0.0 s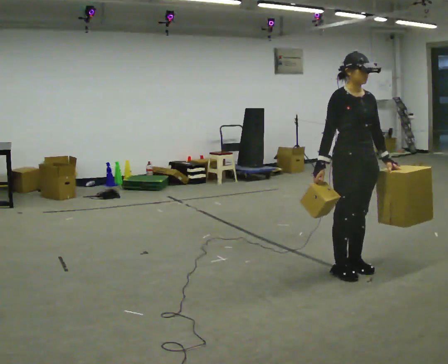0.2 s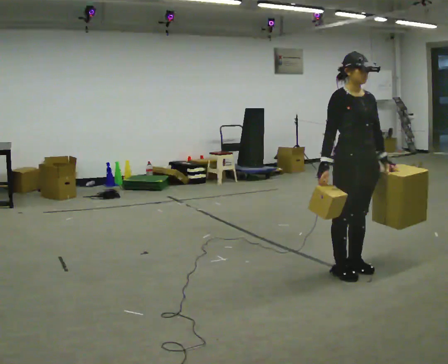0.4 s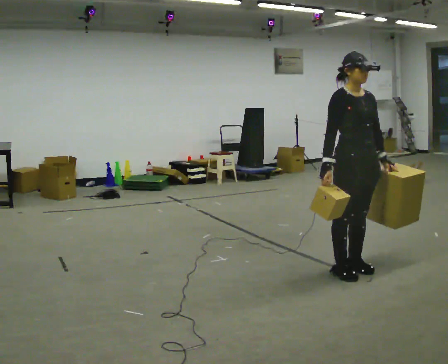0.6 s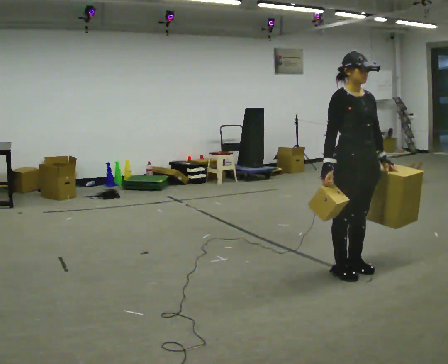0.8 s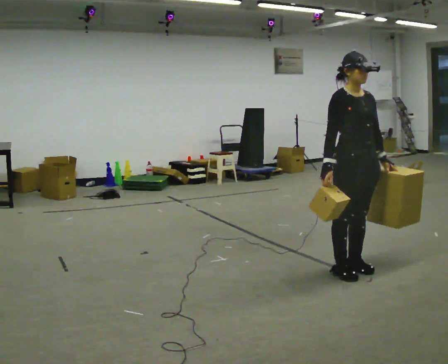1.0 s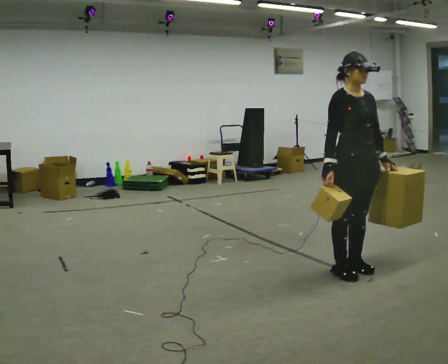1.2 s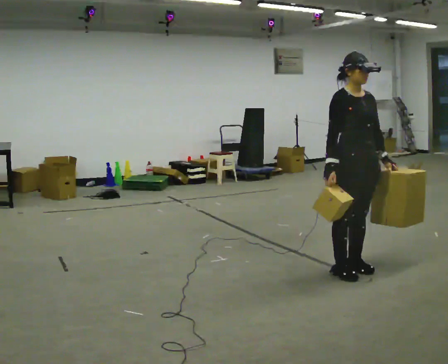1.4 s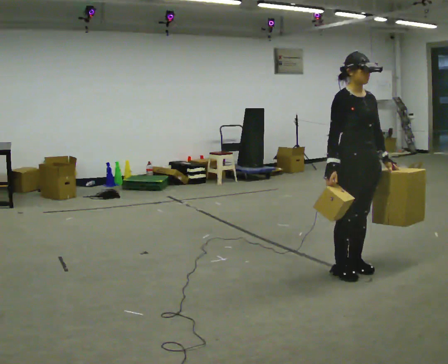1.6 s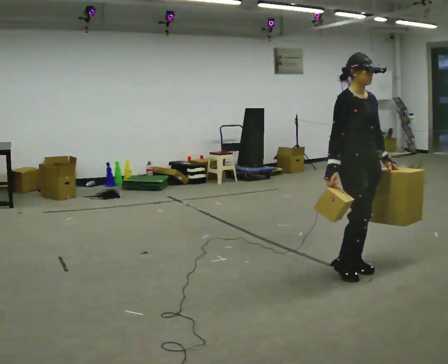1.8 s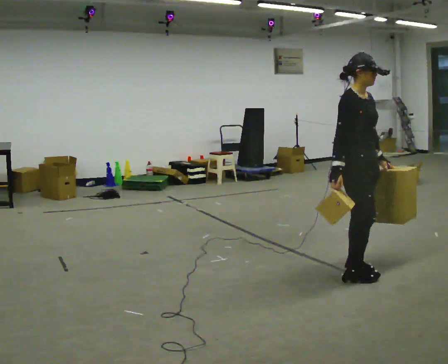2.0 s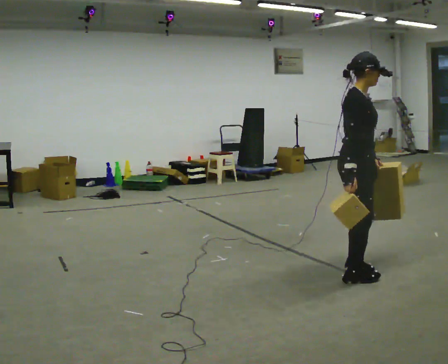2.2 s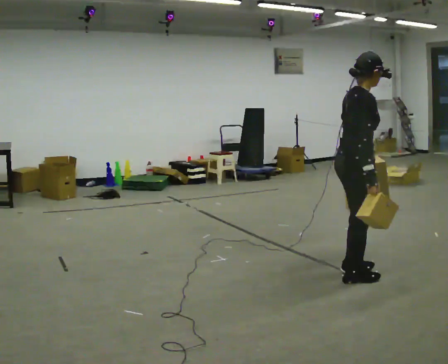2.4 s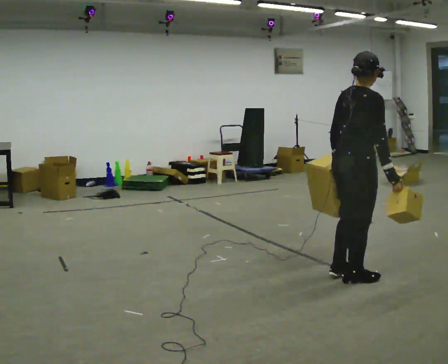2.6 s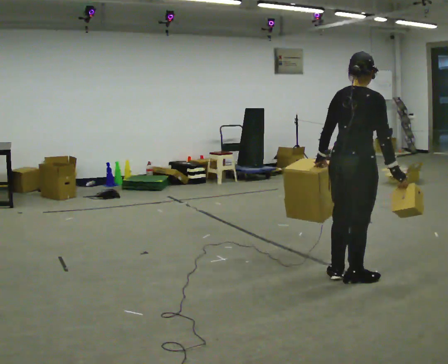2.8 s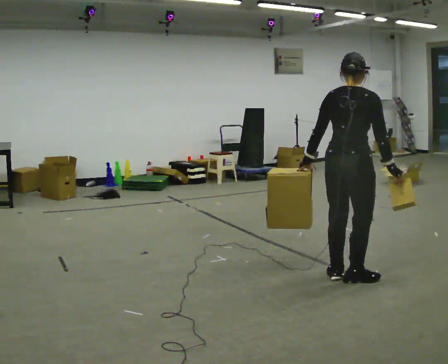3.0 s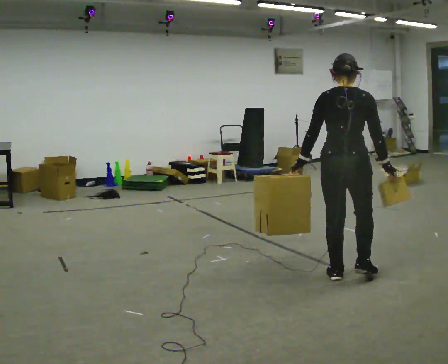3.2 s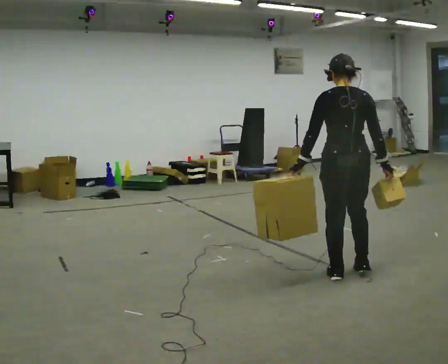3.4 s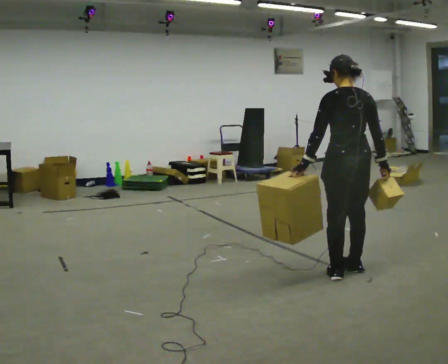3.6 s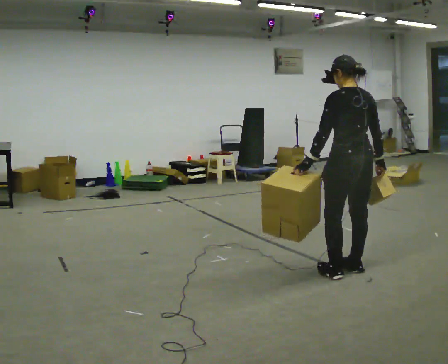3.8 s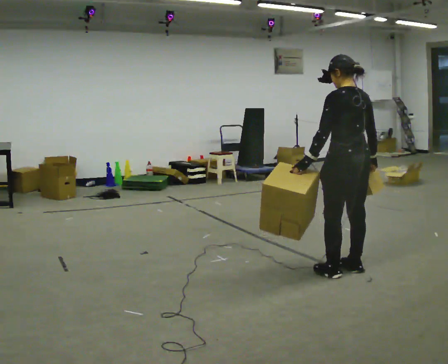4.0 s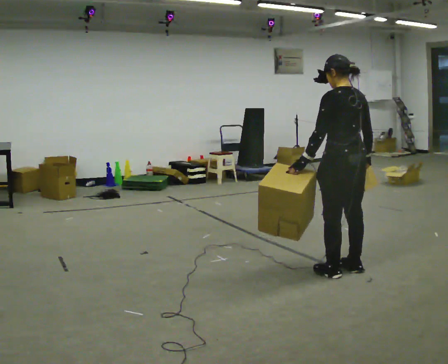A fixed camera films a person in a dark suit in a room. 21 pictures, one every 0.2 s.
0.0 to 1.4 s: The person moves a little, or ends about where they began.
1.4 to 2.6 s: Seen from above the body turns counterclockwise, about 105 degrees: to their left, with its near side sliding to the right. In the picture they go toward the camera, about 0.25 m in 2 steps. In the picture their left hand goes to the left, the arm swinging clockwise.
2.6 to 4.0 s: The person turns about 75 degrees to their left, counterclockwise seen from above, so the part of the body nearest the lens slides to the right.
The film runs forward here.
